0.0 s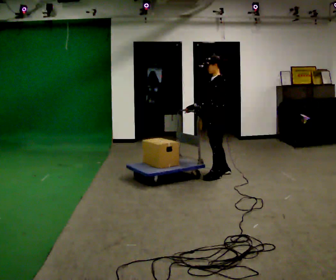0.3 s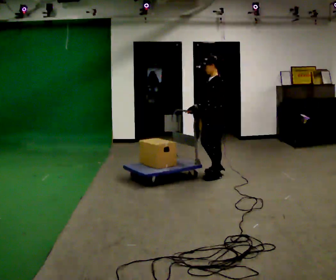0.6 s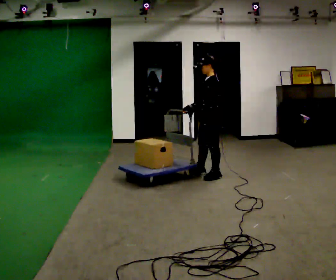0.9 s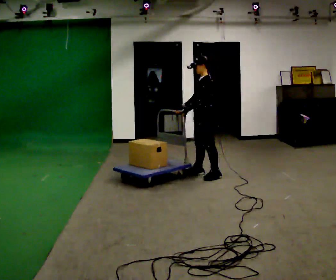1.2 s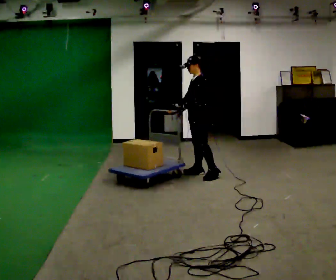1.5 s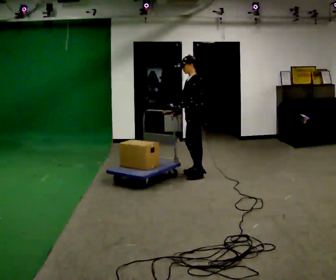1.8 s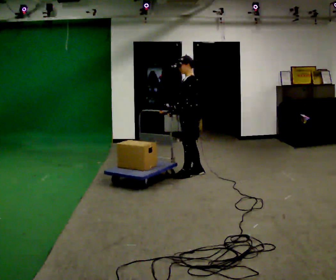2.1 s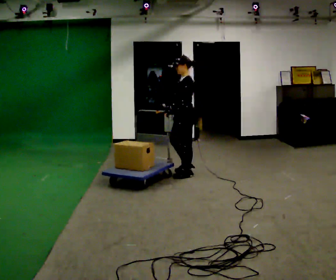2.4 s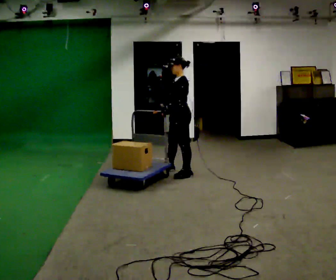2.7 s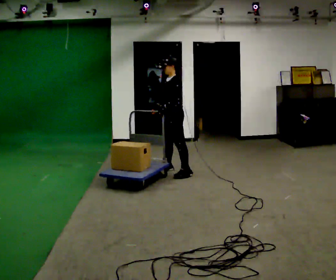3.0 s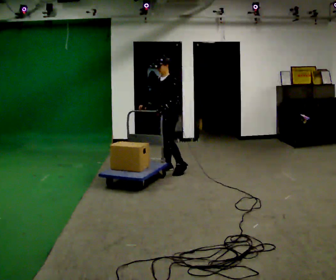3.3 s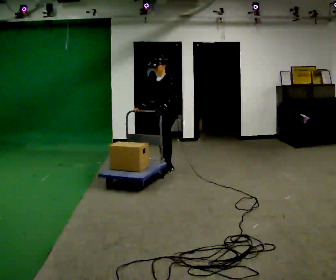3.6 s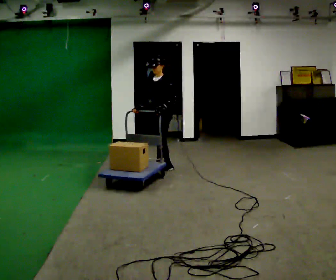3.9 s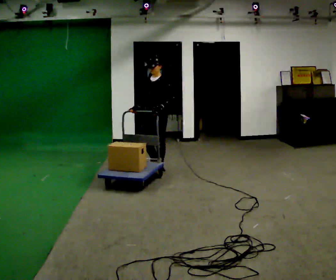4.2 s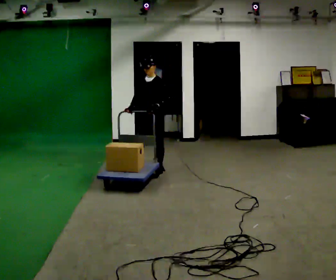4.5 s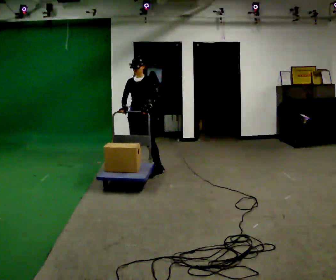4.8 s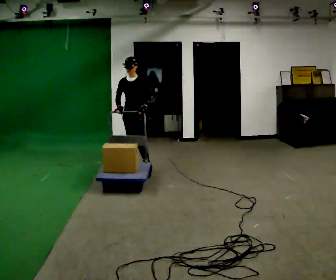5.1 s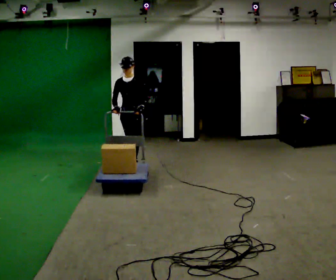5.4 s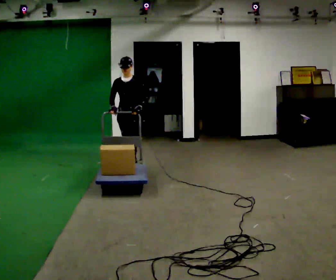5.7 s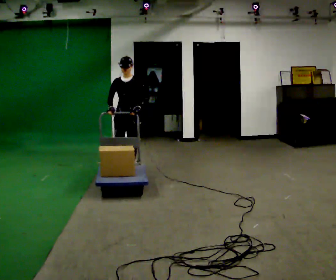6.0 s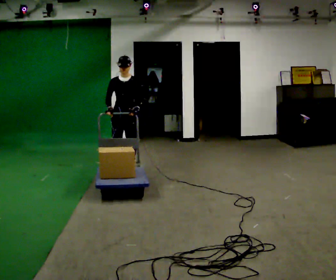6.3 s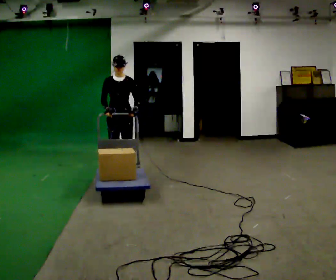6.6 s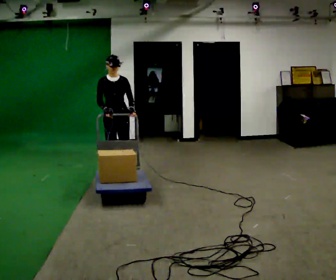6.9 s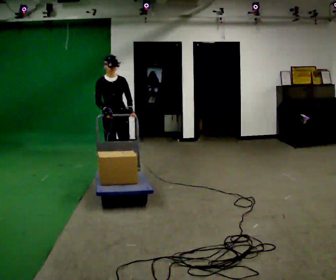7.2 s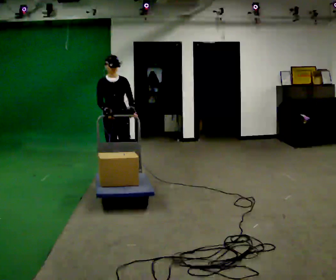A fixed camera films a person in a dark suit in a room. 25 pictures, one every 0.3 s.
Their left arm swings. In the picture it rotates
counterclockwise.
The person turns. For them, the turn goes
to their left.
0.0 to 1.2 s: In the picture they go to the left and away from the camera, about 0.25 m in 1 step, which for them is forward and to their right.
1.2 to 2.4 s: In the picture they go to the left, about 0.25 m in 1 step, which for them is forward.
2.4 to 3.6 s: In the picture they go to the left and away from the camera, about 0.25 m in 2 steps, which for them is to their right and forward.
3.6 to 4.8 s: The part of the body nearest the lens slides to the right as the person turns to their left by about 30 degrees. In the picture they go to the left, about 0.25 m in 1 step, which for them is to their right and forward.
4.8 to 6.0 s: In the picture they go toward the camera, about 0.25 m in 1 step, which for them is forward.
6.0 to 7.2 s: In the picture they go toward the camera, about 0.25 m in 2 steps, which for them is forward and to their right.
The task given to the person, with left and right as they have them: Push the cart along the marked route and round the corner to the side the operator calls.
The film runs forward here.
